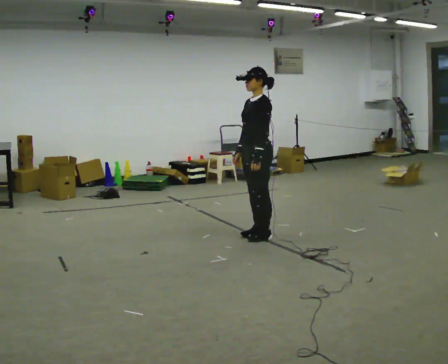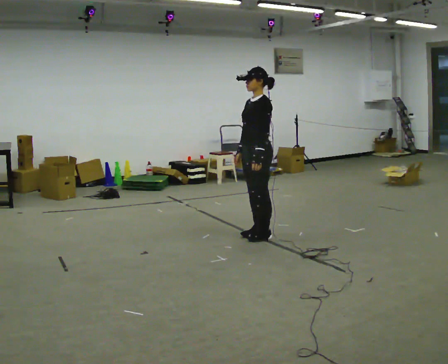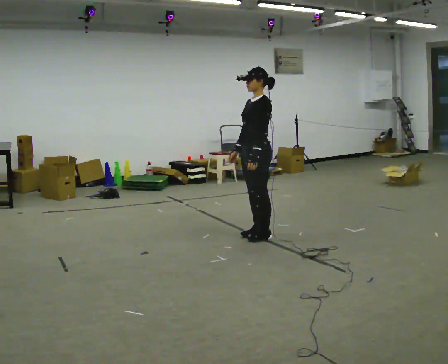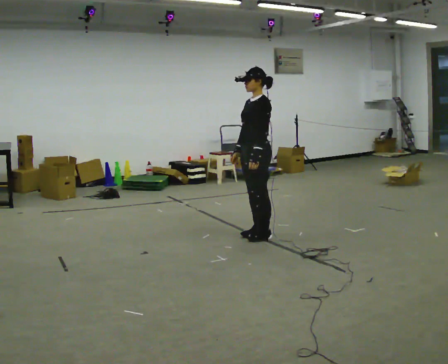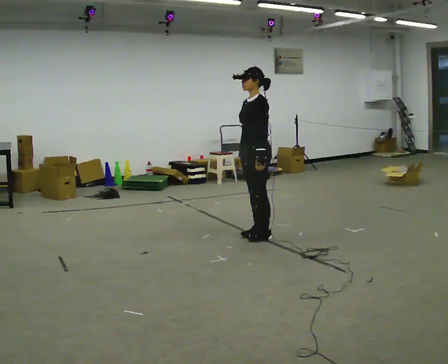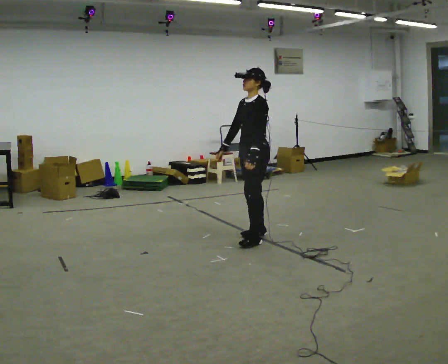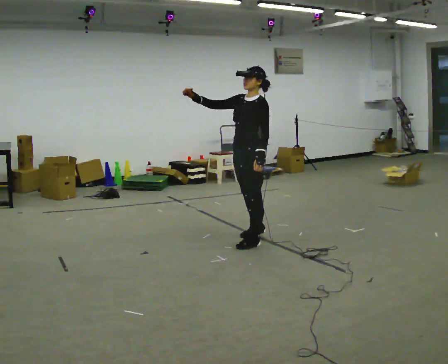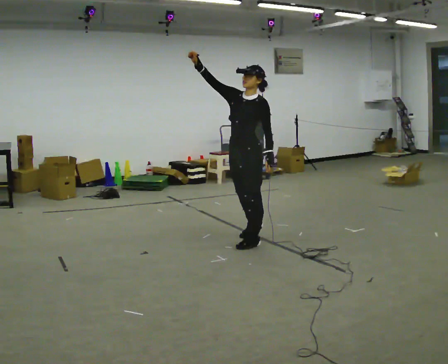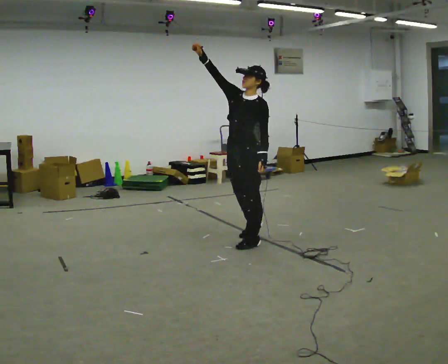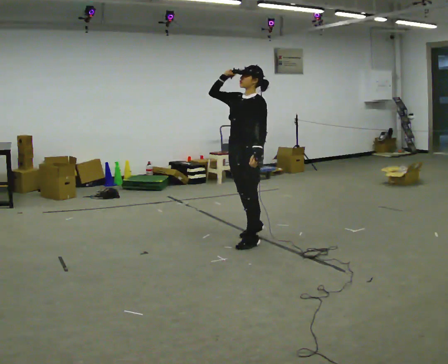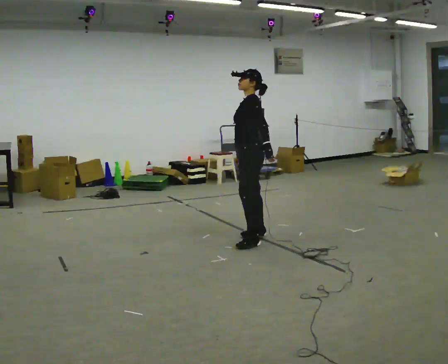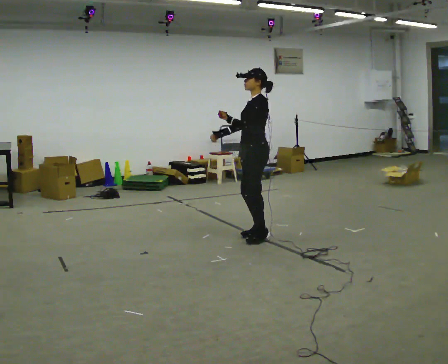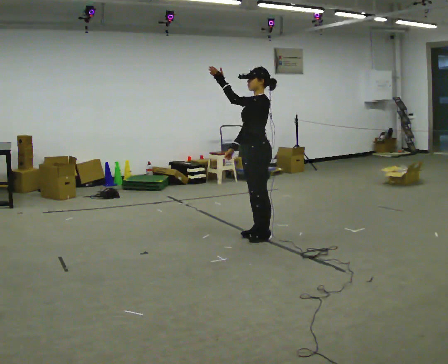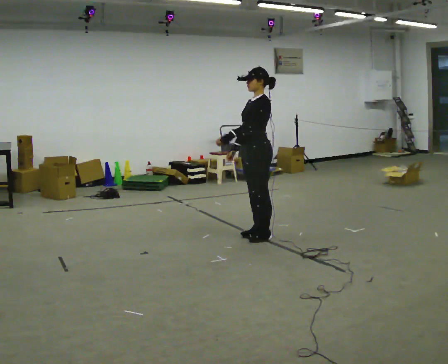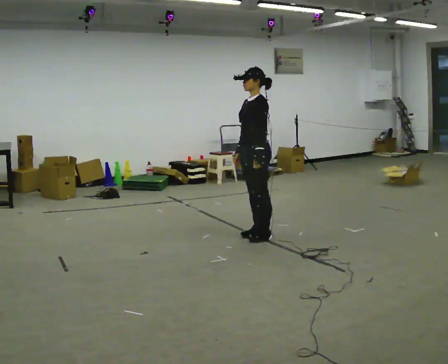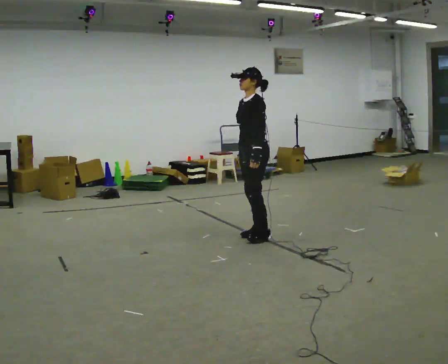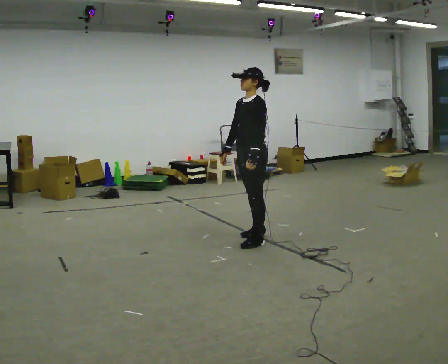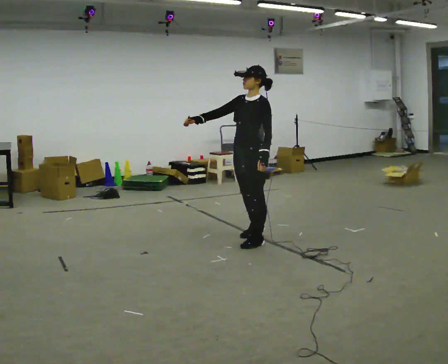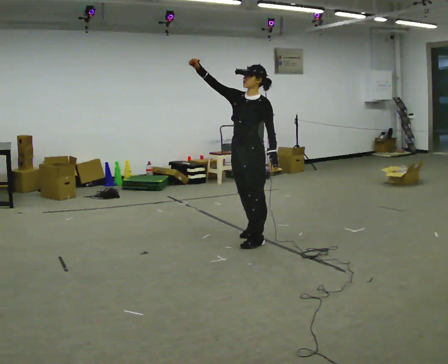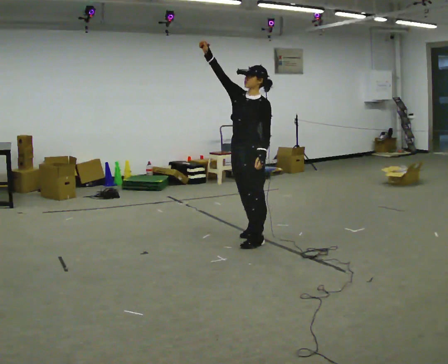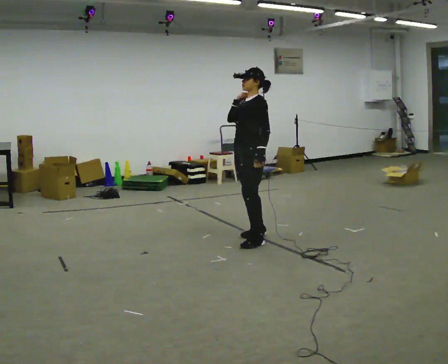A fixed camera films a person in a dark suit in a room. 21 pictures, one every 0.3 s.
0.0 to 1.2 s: The person moves a little, or ends about where they began.
1.2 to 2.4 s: In the picture they go toward the camera, about 0.25 m in 1 step, which for them is forward and to their left. In the picture their right hand goes upward, the arm swinging clockwise.
2.4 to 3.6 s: Seen from above the body turns clockwise, about 30 degrees: to their right, with its near side sliding to the left. In the picture they go away from the camera, about 0.25 m in 1 step, which for them is to their right and backward. In the picture their right hand goes downward.
3.6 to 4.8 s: In the picture their left hand goes downward, the arm swinging counterclockwise.
4.8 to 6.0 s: In the picture their right hand goes upward.
The film runs backward here.
